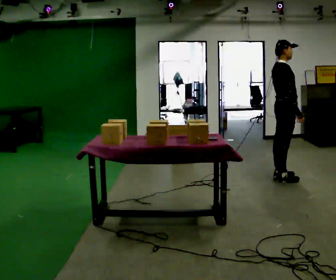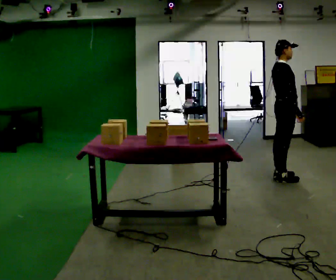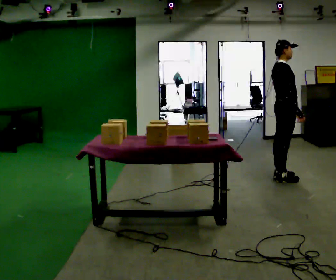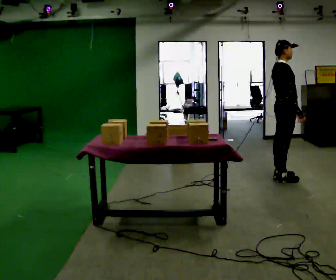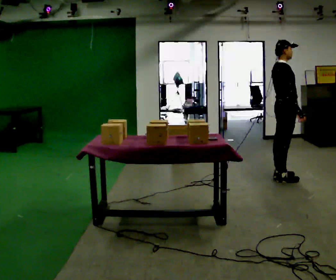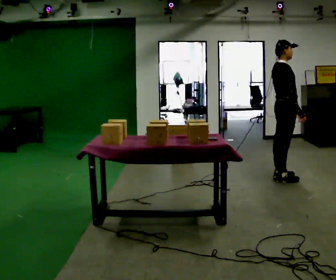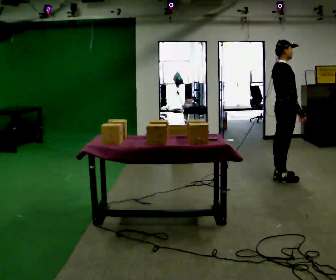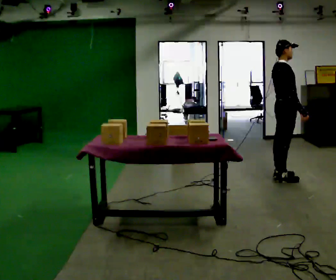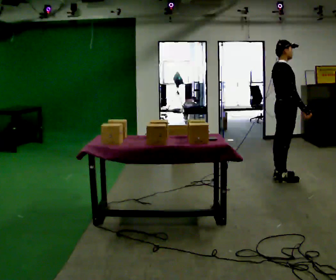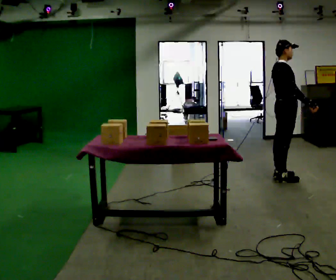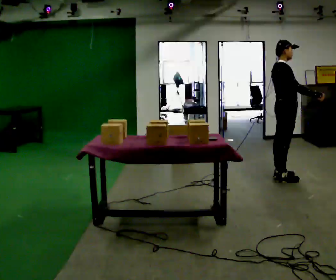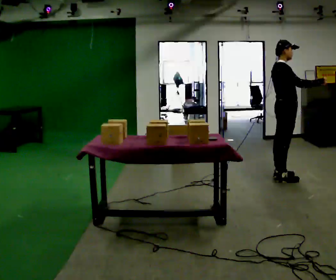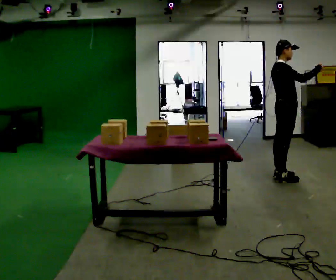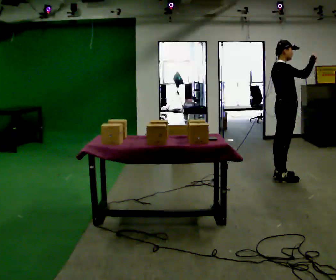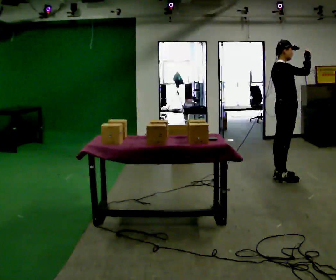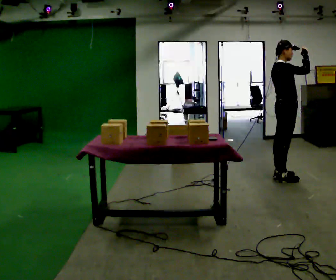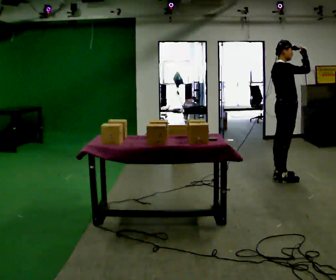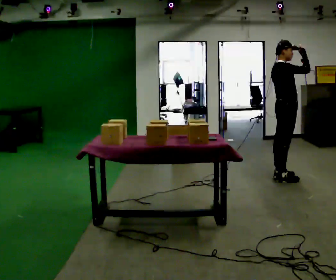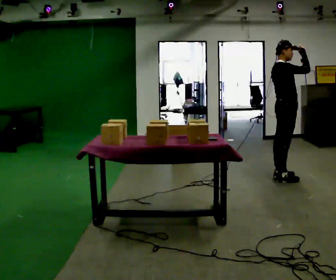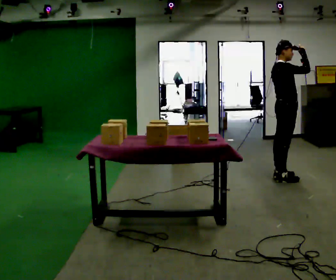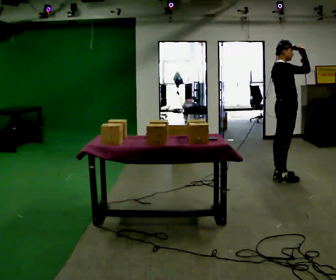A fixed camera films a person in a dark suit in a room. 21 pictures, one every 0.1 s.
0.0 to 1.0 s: The person moves a little, or ends about where they began.
1.0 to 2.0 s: In the picture their right hand goes upward, the arm swinging counterclockwise.
The film runs forward here.
